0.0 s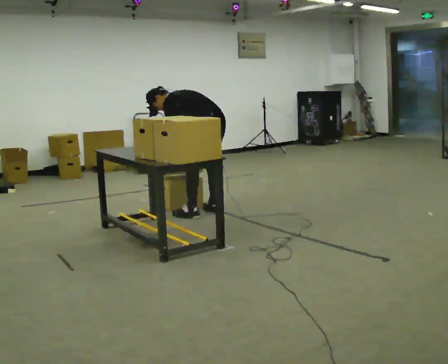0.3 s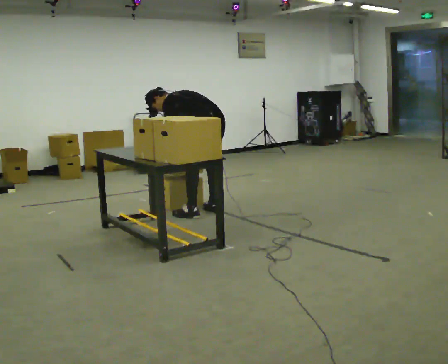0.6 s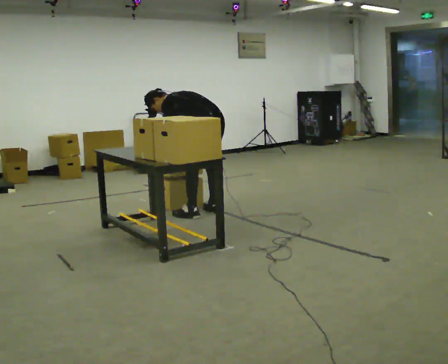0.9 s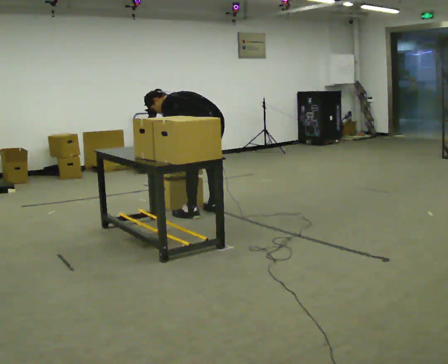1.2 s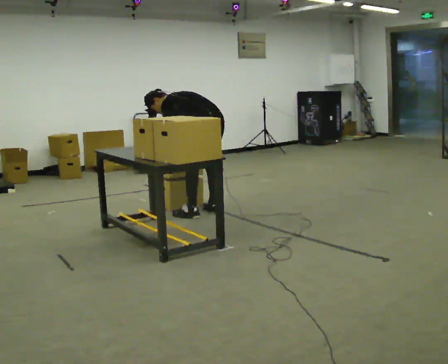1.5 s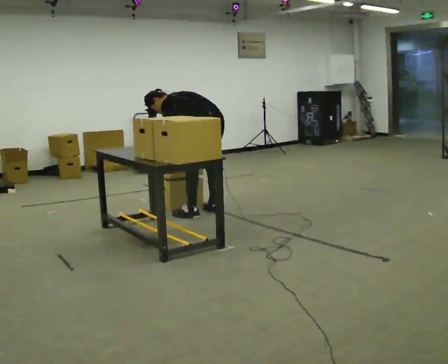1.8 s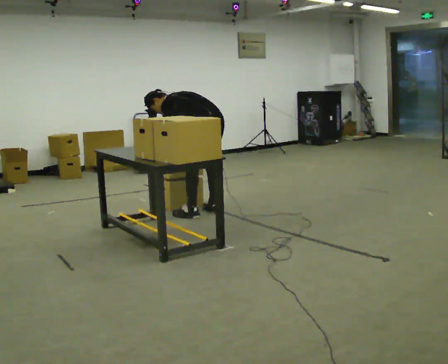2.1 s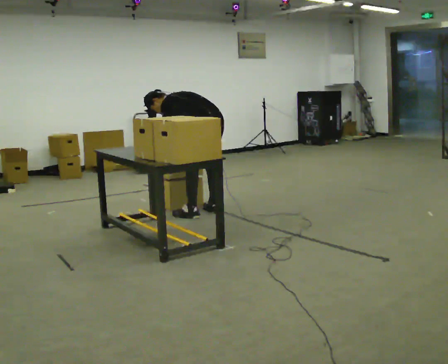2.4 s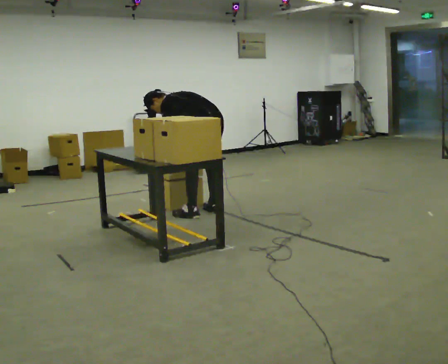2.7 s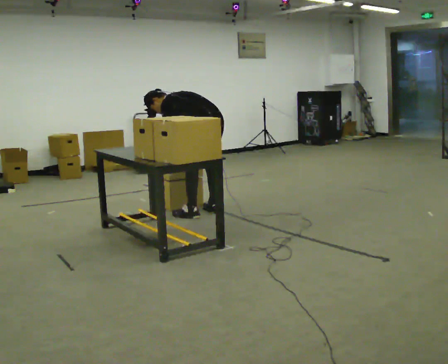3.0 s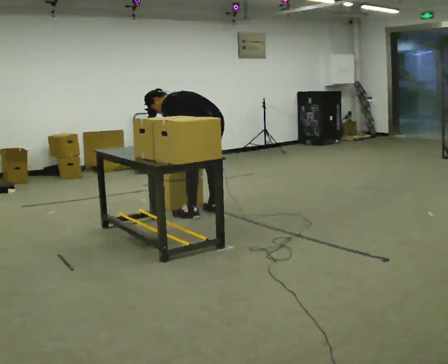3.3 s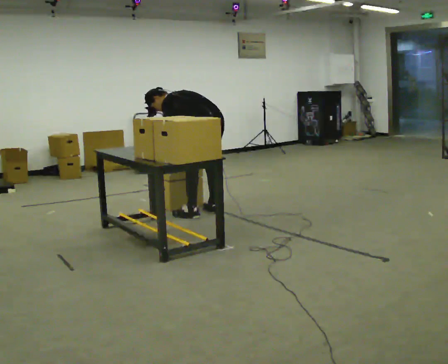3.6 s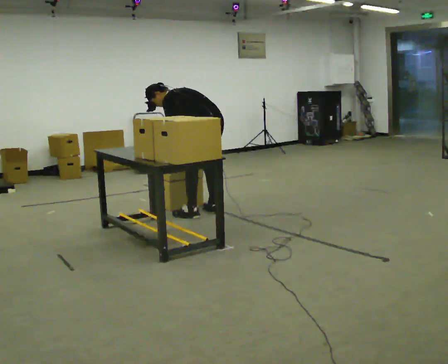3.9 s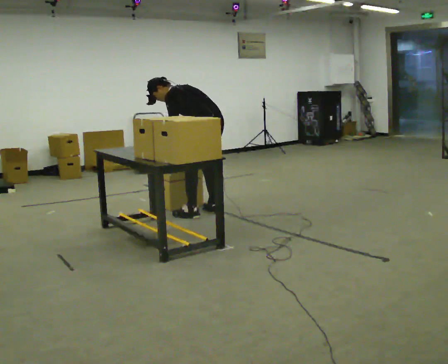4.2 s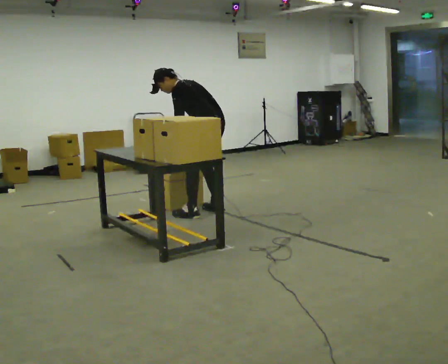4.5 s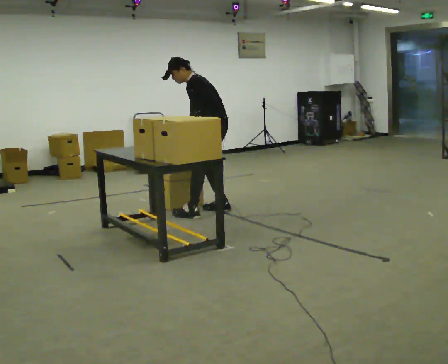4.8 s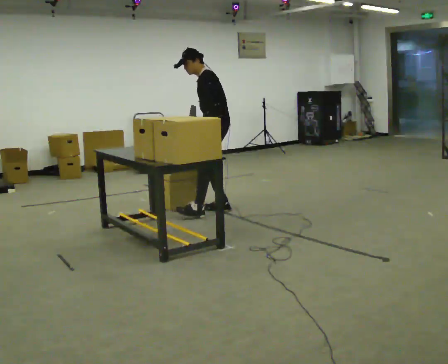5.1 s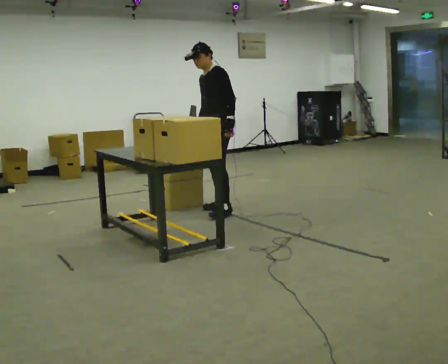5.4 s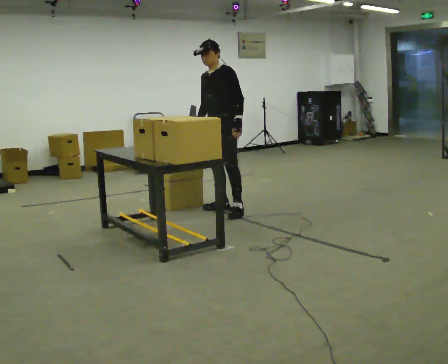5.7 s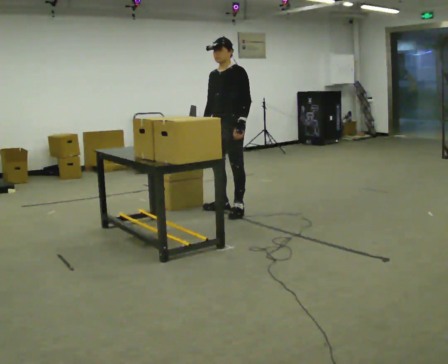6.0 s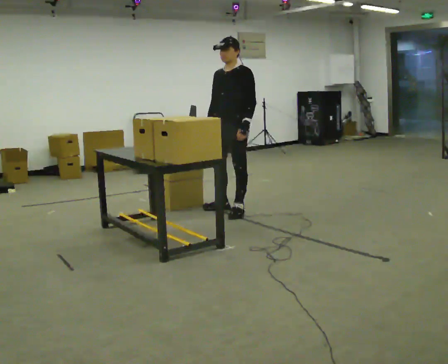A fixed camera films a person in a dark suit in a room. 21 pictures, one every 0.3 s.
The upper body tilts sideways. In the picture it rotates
clockwise.
The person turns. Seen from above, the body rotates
counterclockwise.
0.0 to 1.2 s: The person moves a little, or ends about where they began.
1.2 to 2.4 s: The person keeps their place and pose.
2.4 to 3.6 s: The person moves a little, or ends about where they began.
3.6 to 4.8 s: The part of the body nearest the lens slides to the right as the person turns to their left by about 30 degrees. In the picture they go away from the camera, about 0.25 m in 1 step, which for them is to their right. The shoulders move upward. In the picture the upper body tilts clockwise, shoulders to the right, as they lean back or straighten. In the picture their left hand goes to the right.
4.8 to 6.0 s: Seen from above the body turns counterclockwise, about 45 degrees: to their left, with its near side sliding to the right. In the picture the upper body tilts clockwise, shoulders to the right, as they lean back or straighten.
The film runs forward here.
